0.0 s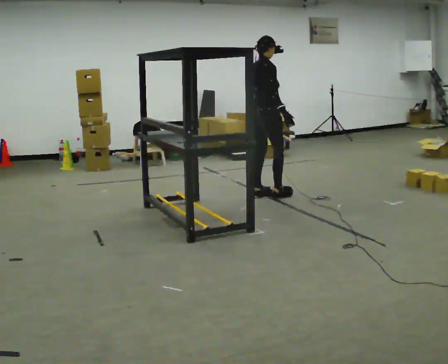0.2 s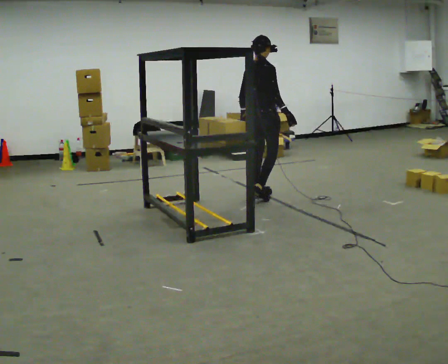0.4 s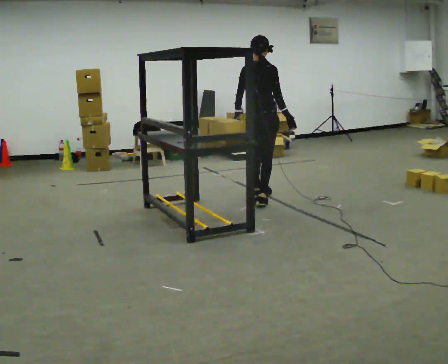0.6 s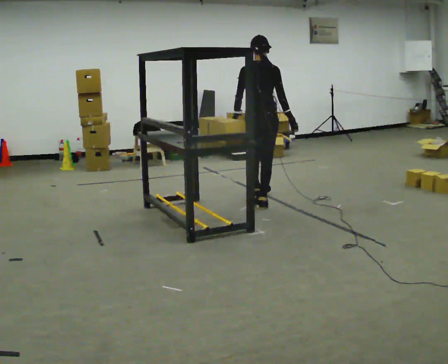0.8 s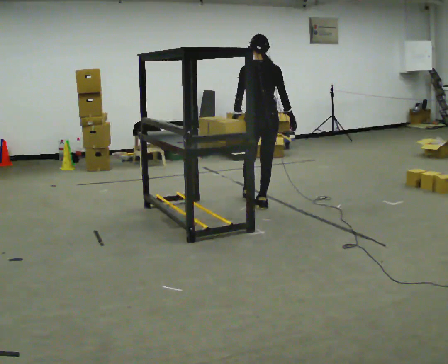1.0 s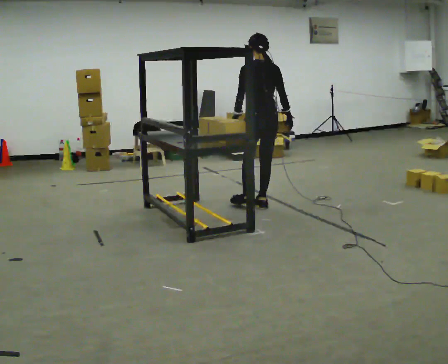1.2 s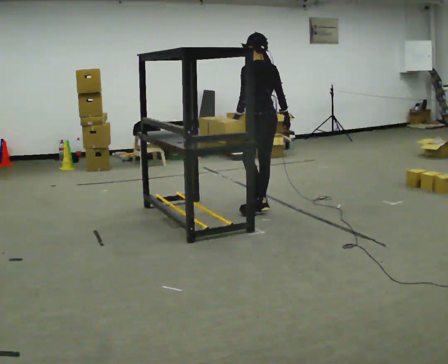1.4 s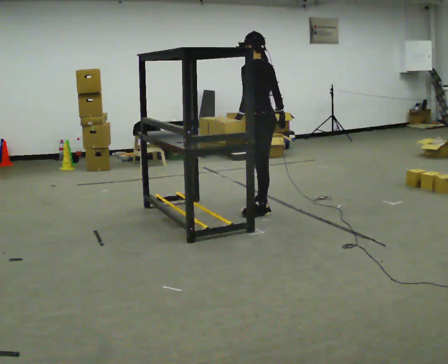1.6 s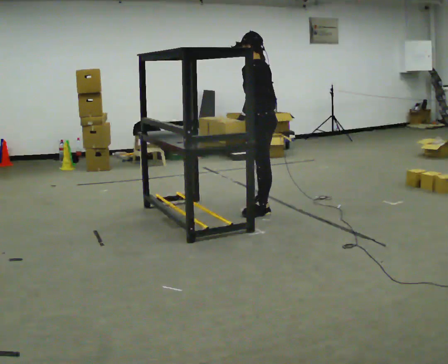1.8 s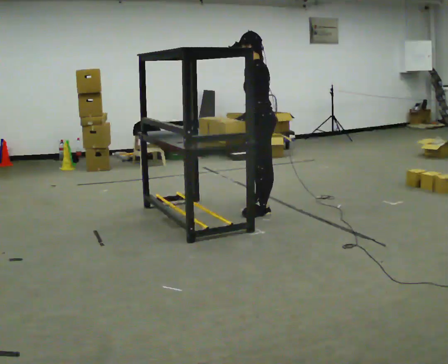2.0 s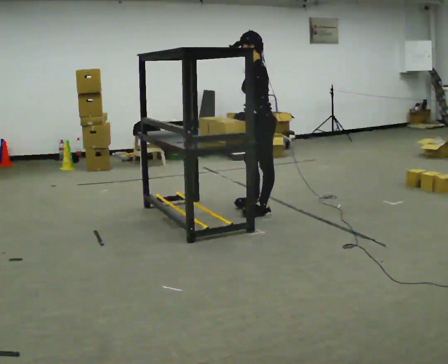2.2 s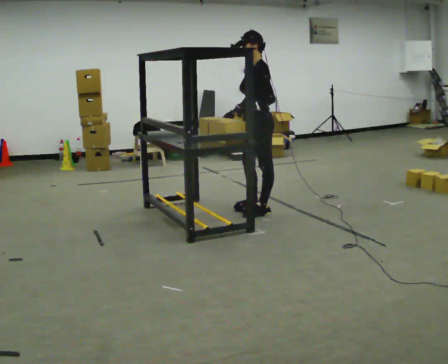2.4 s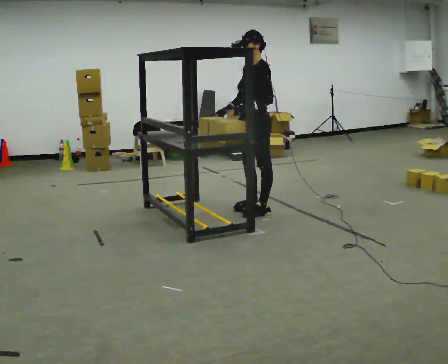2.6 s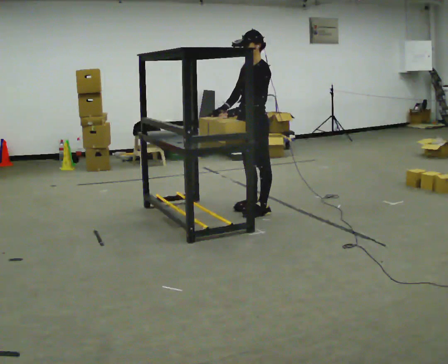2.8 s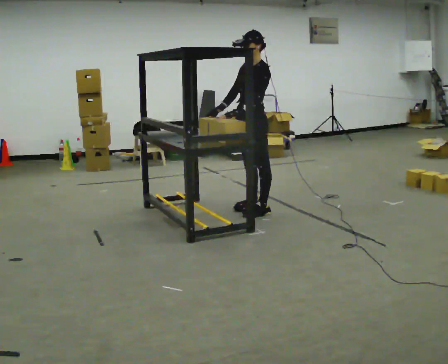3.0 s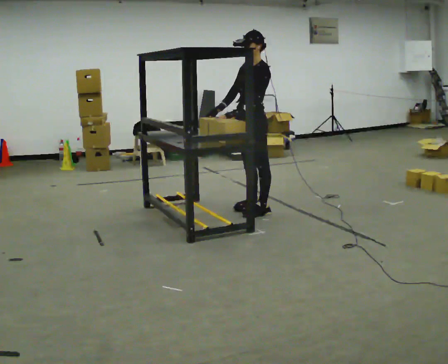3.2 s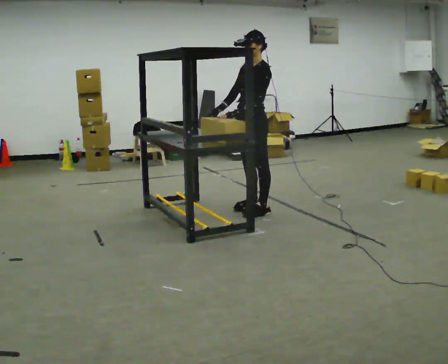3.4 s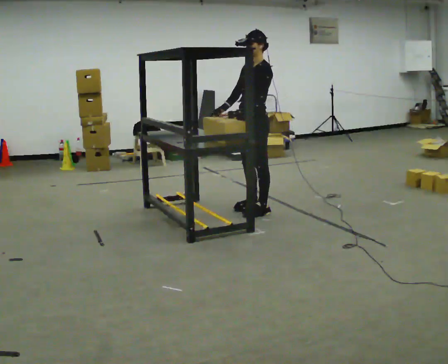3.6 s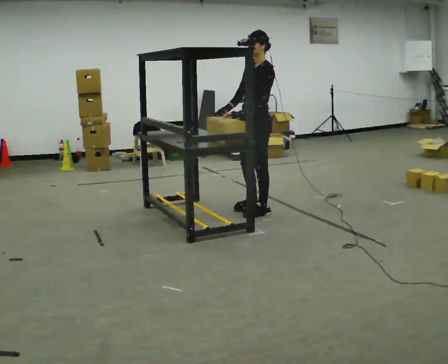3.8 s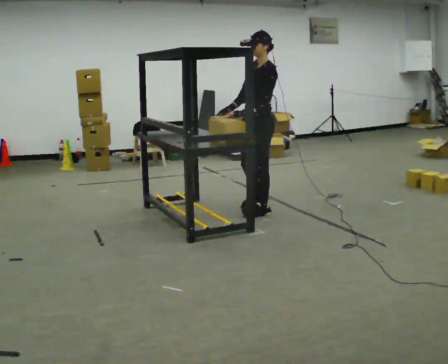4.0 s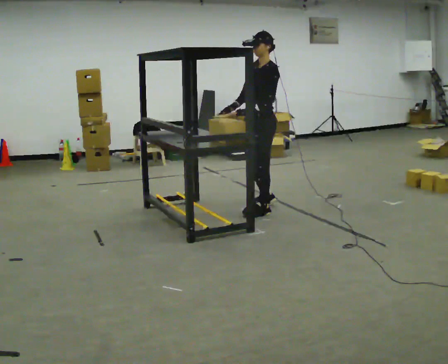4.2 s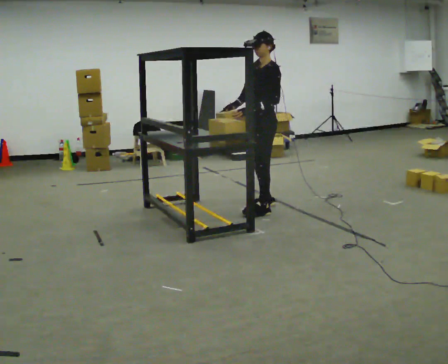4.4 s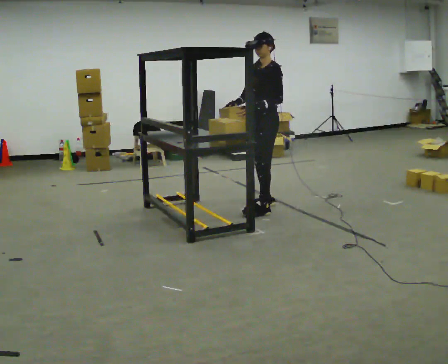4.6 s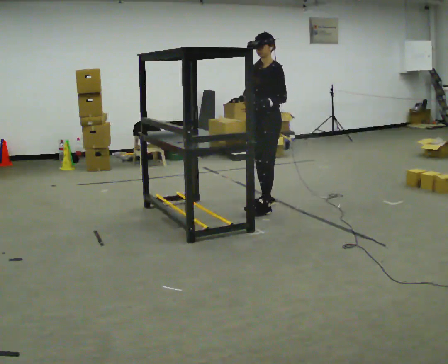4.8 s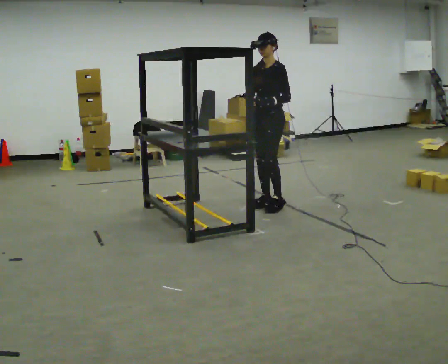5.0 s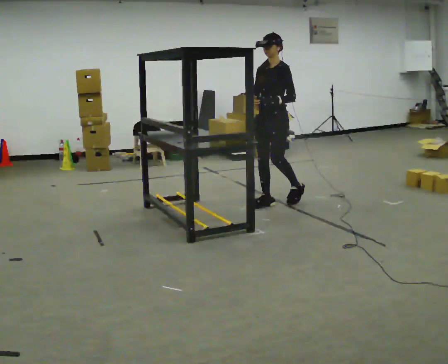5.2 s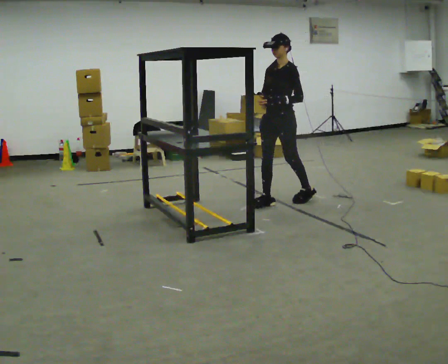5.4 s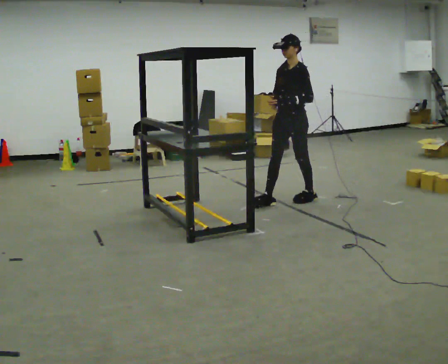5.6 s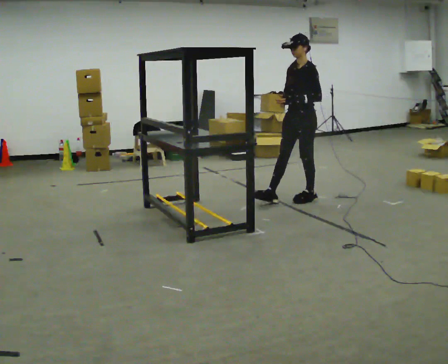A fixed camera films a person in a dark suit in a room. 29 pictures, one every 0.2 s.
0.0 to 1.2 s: The person turns about 90 degrees to their left, counterclockwise seen from above, so the part of the body nearest the lens slides to the right. In the picture they go toward the camera, about 0.5 m in 1 step.
1.2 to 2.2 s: Seen from above the body turns counterclockwise, about 60 degrees: to their left, with its near side sliding to the right. In the picture they go toward the camera, about 0.25 m. In the picture their right hand goes to the left, the arm swinging clockwise.
2.2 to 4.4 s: The part of the body nearest the lens slides to the right as the person turns to their left by about 30 degrees. In the picture they go away from the camera, about 0.25 m in 1 step, which for them is to their right.
4.4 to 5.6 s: In the picture they go to the right and away from the camera, about 0.5 m in 2 steps, which for them is backward.
The film runs backward here.
